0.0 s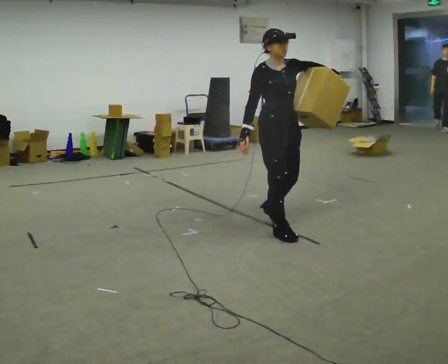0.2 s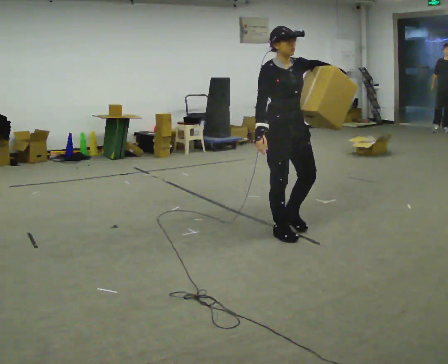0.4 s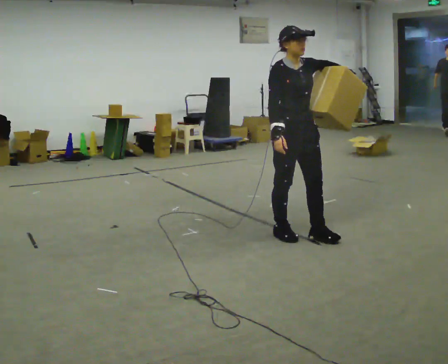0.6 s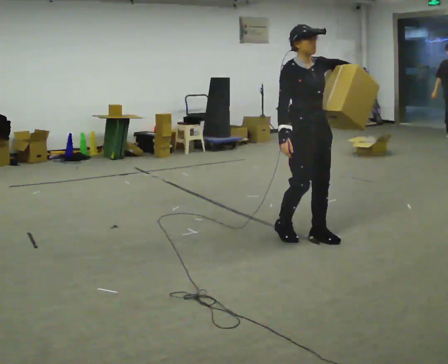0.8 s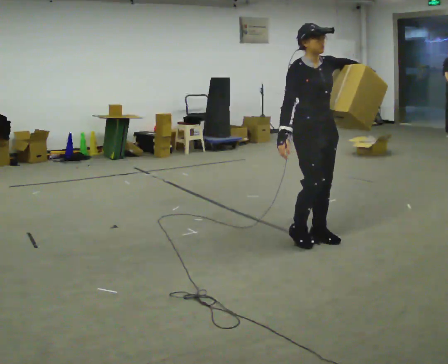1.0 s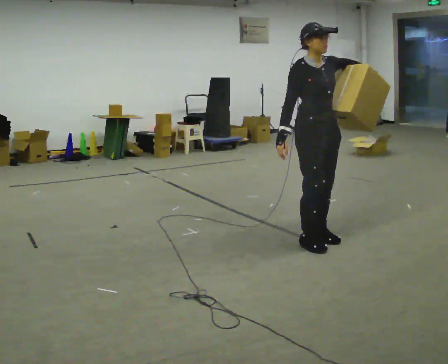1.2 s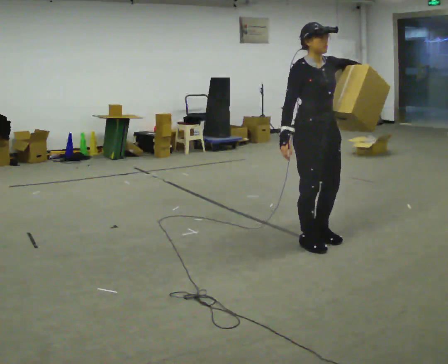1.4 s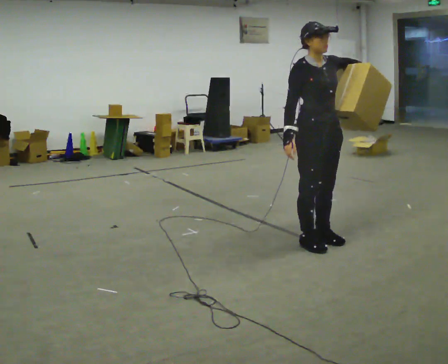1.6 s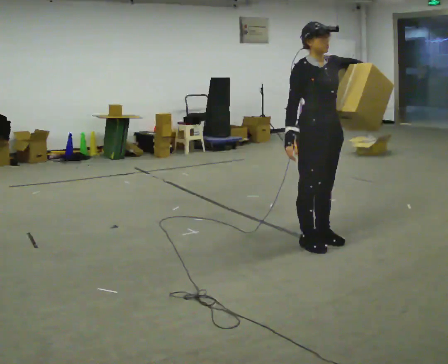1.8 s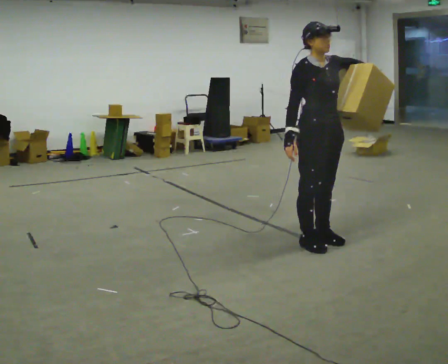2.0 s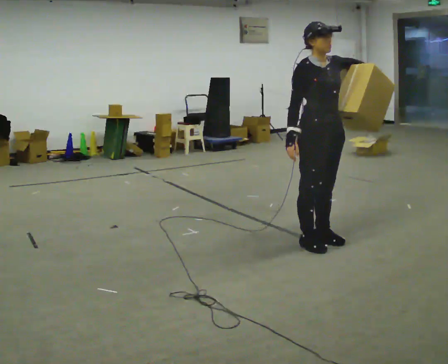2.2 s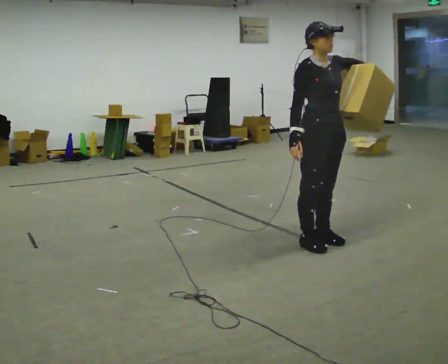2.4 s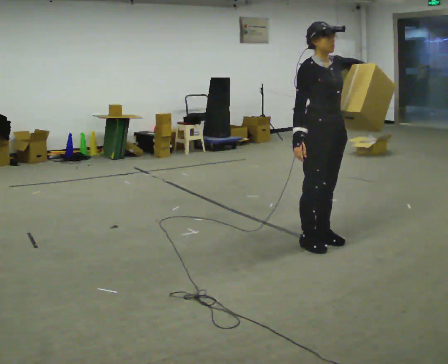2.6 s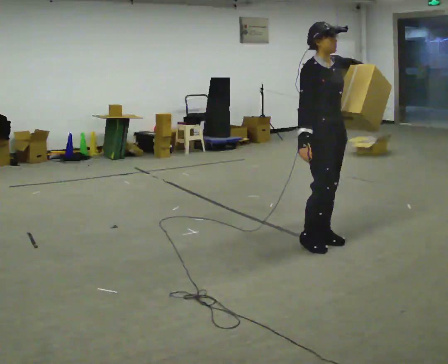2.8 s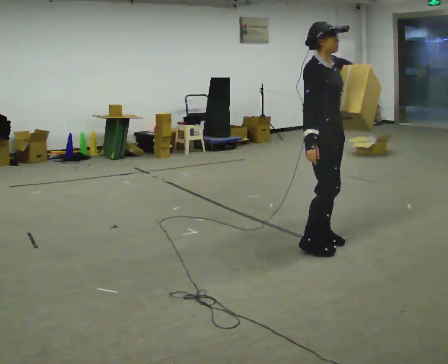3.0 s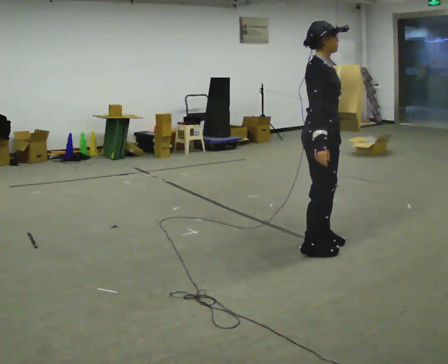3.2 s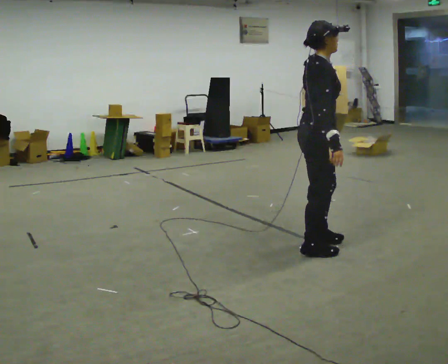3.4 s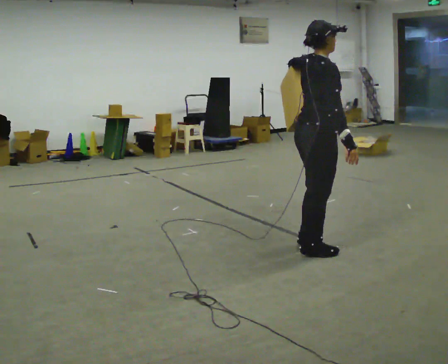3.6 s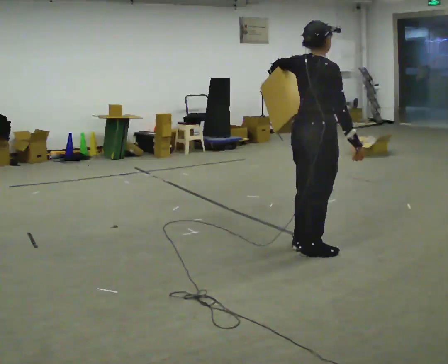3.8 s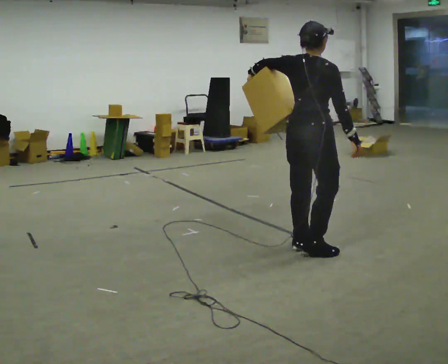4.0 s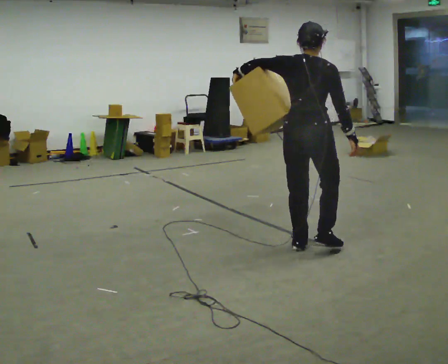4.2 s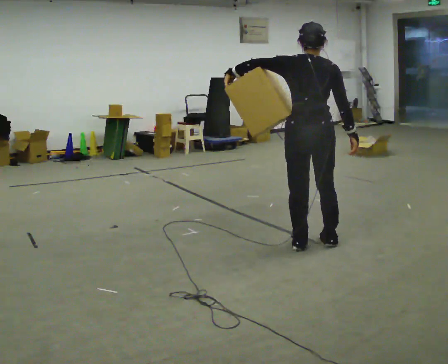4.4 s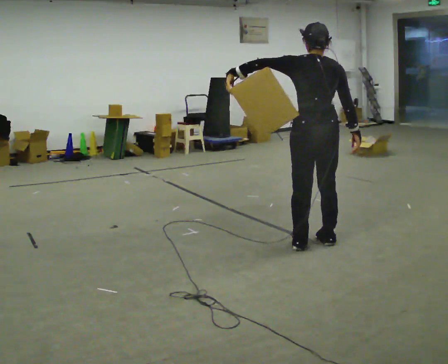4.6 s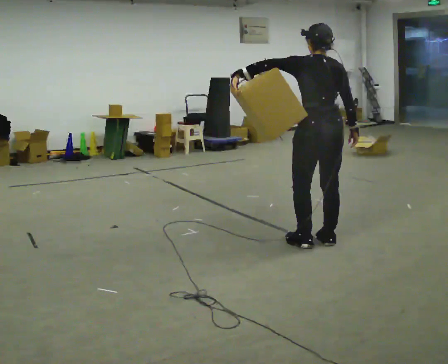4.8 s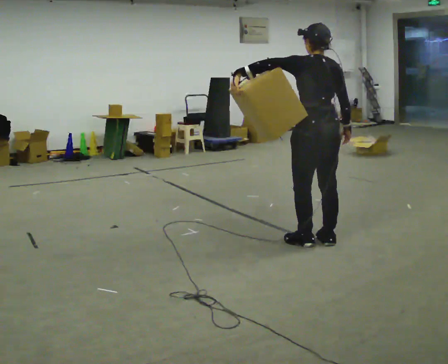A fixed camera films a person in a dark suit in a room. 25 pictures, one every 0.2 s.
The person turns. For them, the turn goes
to their left.
The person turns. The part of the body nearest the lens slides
to the right.
0.0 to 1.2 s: In the picture they go toward the camera and to the right, about 0.5 m in 2 steps, which for them is forward.
1.2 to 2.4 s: The person moves a little, or ends about where they began.
2.4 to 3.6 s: The person turns about 75 degrees to their left, counterclockwise seen from above, so the part of the body nearest the lens slides to the right. In the picture they go toward the camera, about 0.25 m in 2 steps. In the picture their left hand goes to the left.
3.6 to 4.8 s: Seen from above the body turns counterclockwise, about 90 degrees: to their left, with its near side sliding to the right.
The film runs forward here.
